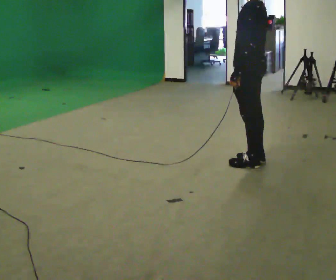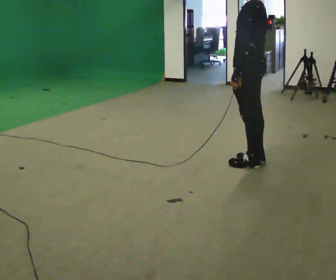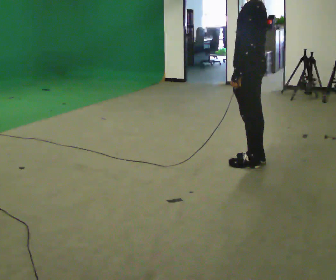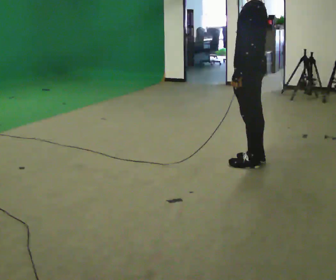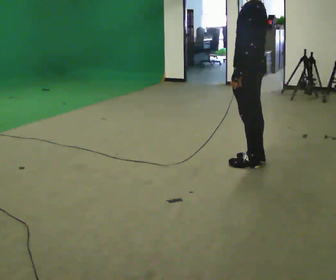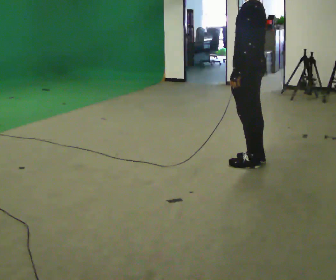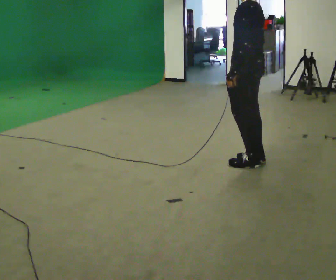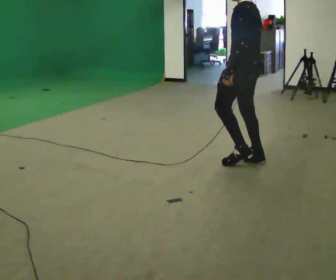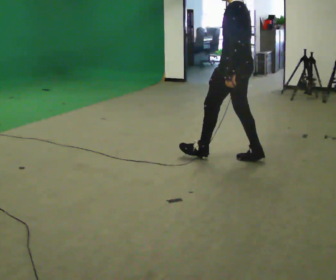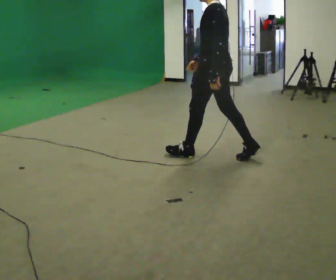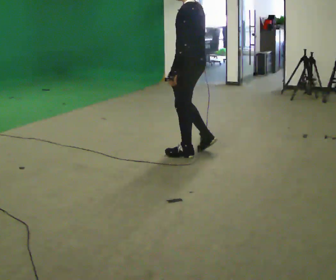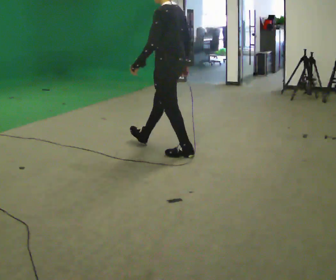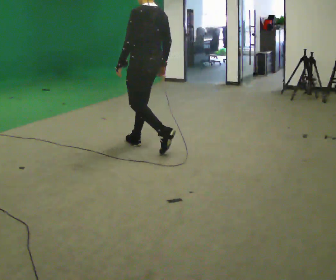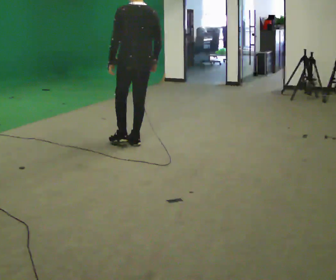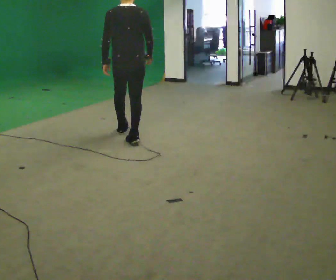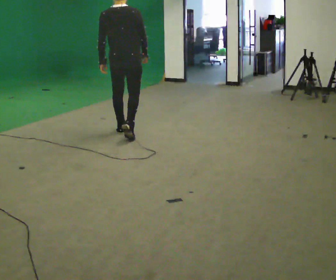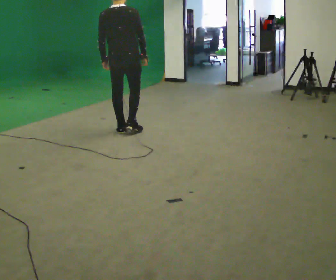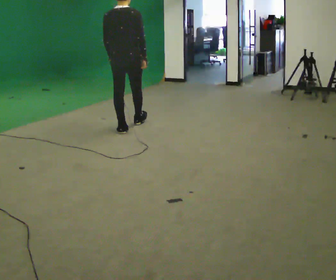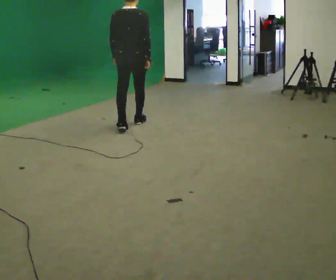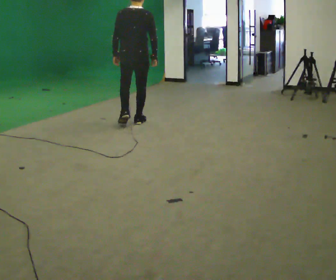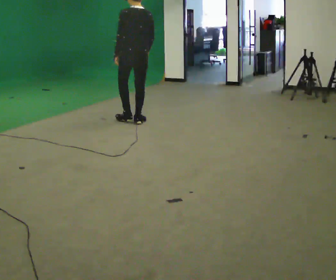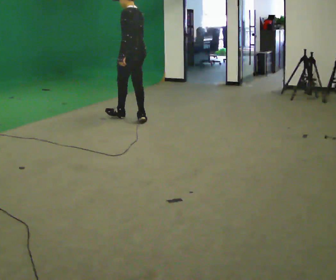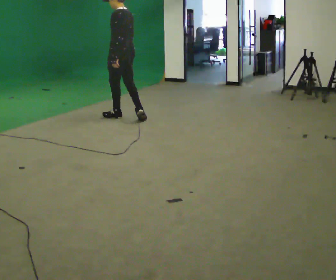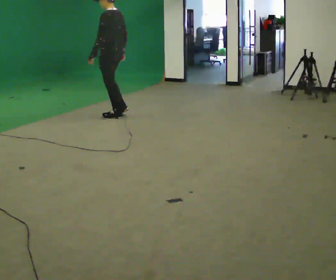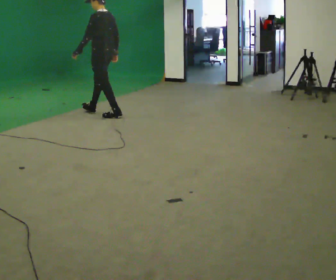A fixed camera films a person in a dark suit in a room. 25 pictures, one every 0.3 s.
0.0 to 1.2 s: The person keeps their place and pose.
1.2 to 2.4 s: The person moves a little, or ends about where they began.
2.4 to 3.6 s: In the picture they go to the left and away from the camera, about 1 m in 2 steps, which for them is forward.
3.6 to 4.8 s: Seen from above the body turns clockwise, about 60 degrees: to their right, with its near side sliding to the left. In the picture they go away from the camera and to the left, about 0.5 m in 1 step, which for them is forward and to their left.
4.8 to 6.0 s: The person turns about 30 degrees to their left, counterclockwise seen from above, so the part of the body nearest the lens slides to the right. In the picture they go away from the camera, about 0.5 m in 1 step, which for them is forward.
6.0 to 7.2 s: The part of the body nearest the lens slides to the right as the person turns to their left by about 45 degrees. In the picture they go to the left and away from the camera, about 0.5 m in 1 step, which for them is forward.
The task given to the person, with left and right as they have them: Walk normally; turn left/right while slowing; after turn accelerate back to normal.
The film runs forward here.
